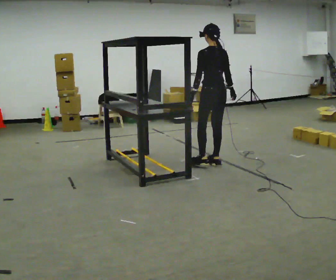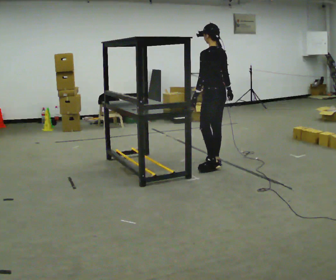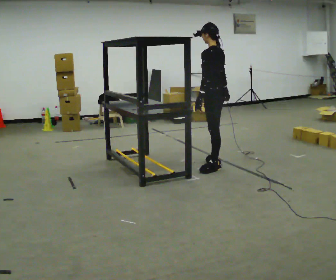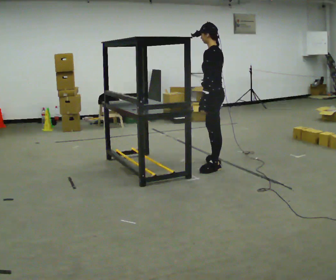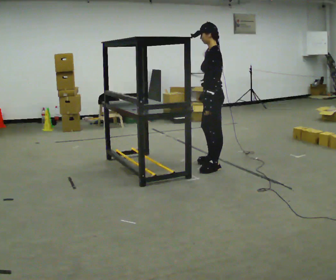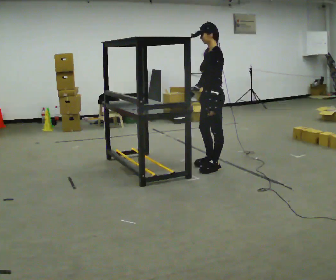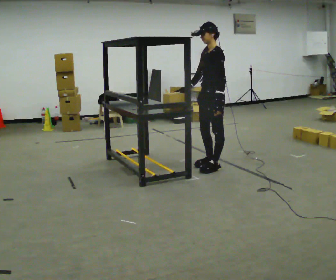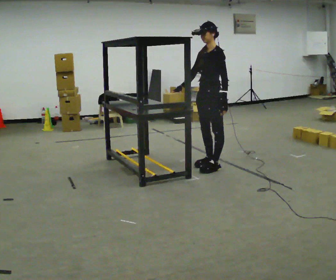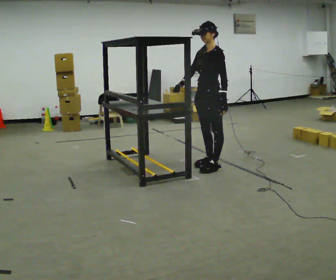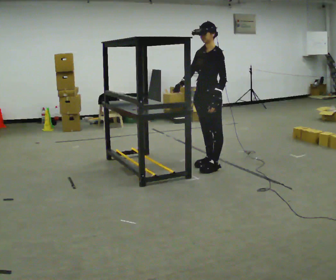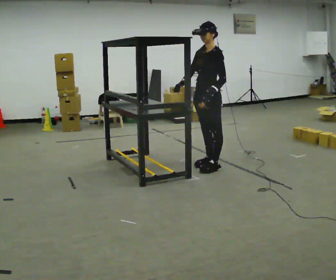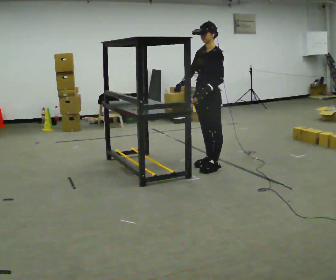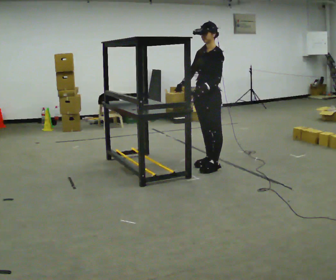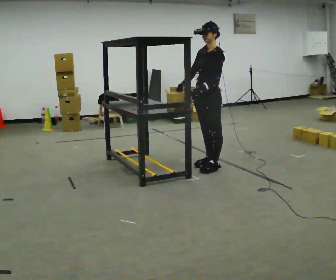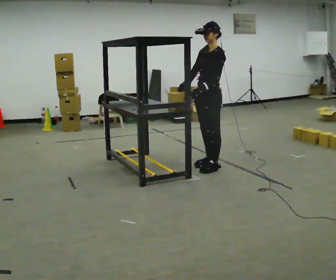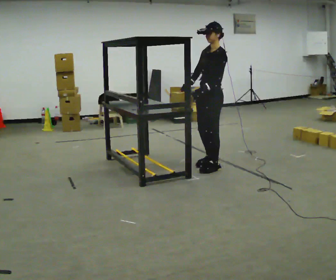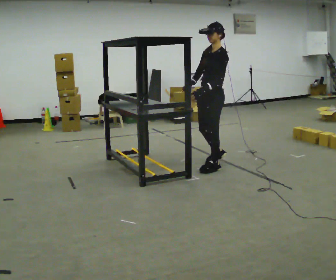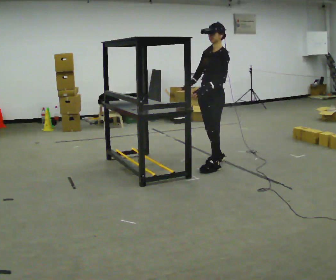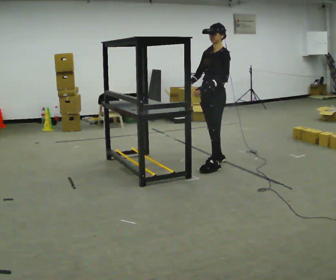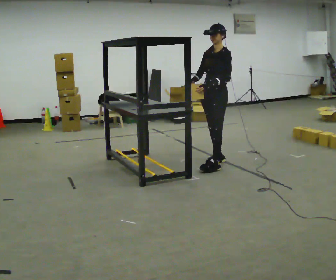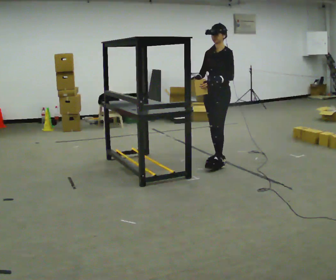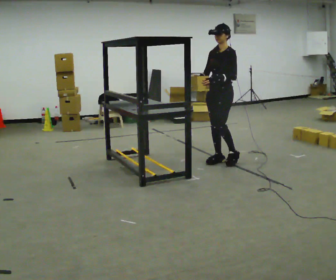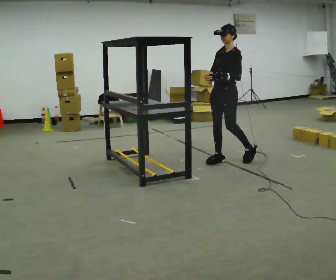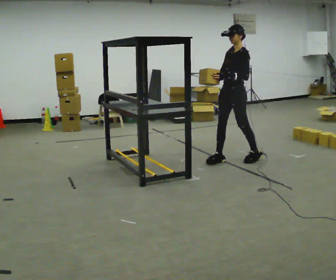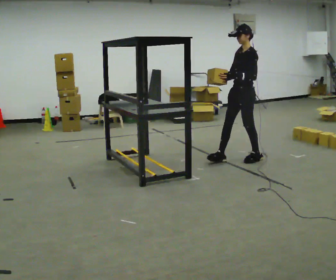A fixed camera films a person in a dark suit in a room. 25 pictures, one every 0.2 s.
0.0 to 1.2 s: Seen from above the body turns counterclockwise, about 75 degrees: to their left, with its near side sliding to the right. In the picture they go toward the camera, about 0.25 m. In the picture their right hand goes to the left, the arm swinging clockwise.
1.2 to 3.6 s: The person moves a little, or ends about where they began.
3.6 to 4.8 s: In the picture they go to the right and away from the camera, about 0.5 m in 2 steps, which for them is backward.
The film runs backward here.
